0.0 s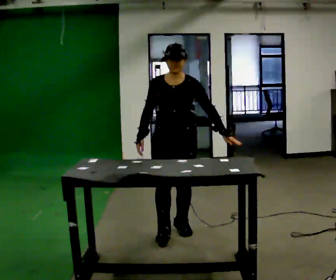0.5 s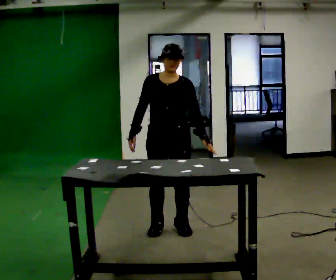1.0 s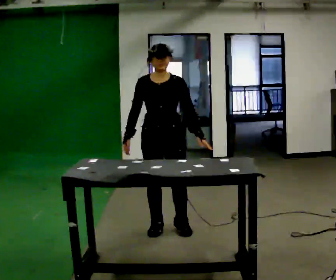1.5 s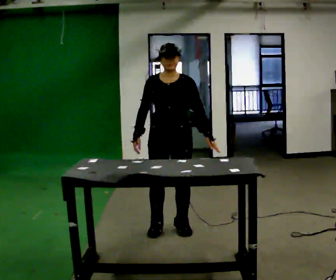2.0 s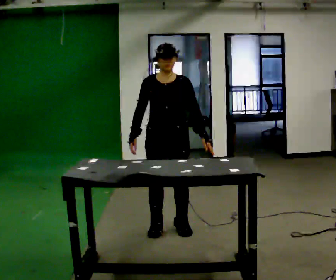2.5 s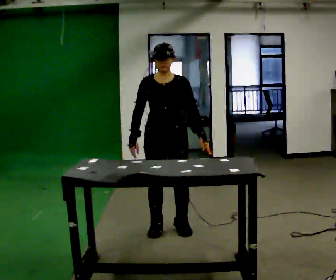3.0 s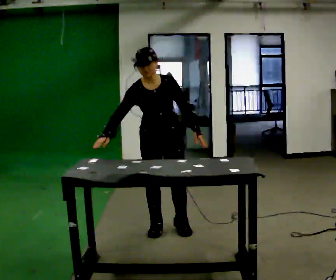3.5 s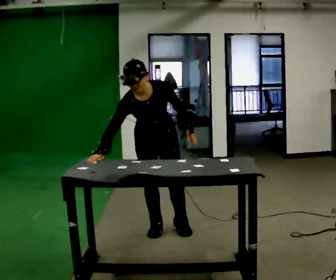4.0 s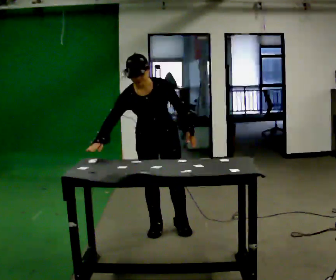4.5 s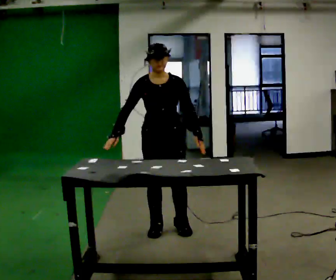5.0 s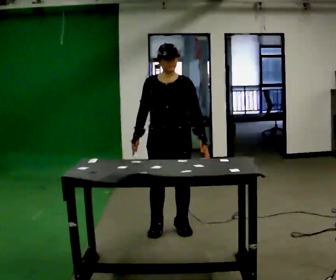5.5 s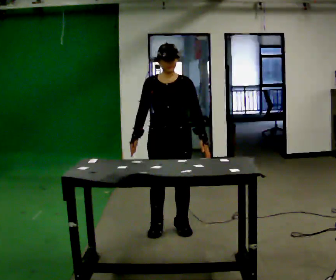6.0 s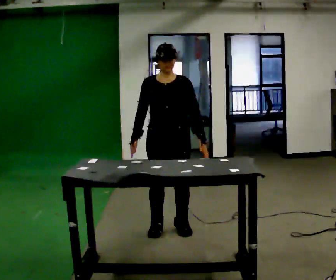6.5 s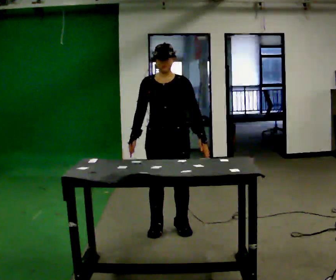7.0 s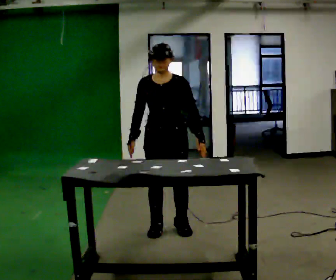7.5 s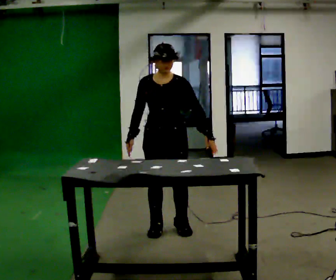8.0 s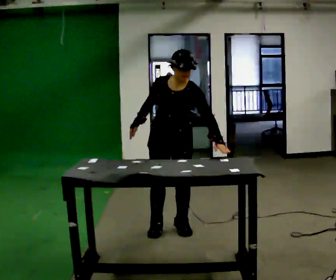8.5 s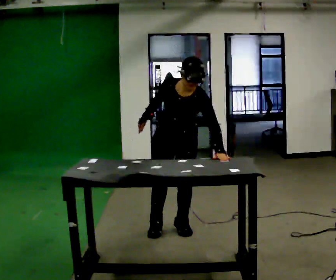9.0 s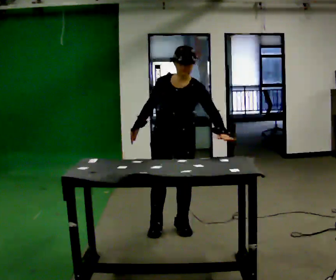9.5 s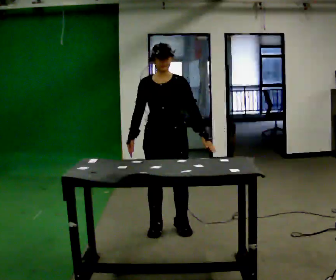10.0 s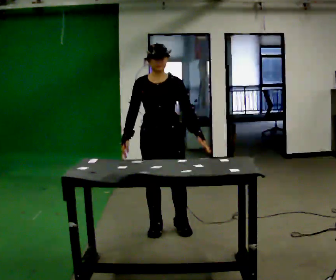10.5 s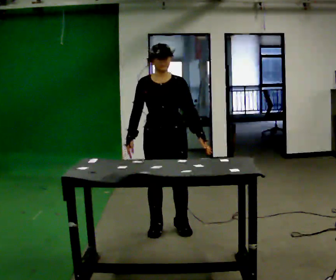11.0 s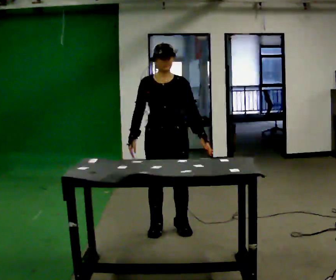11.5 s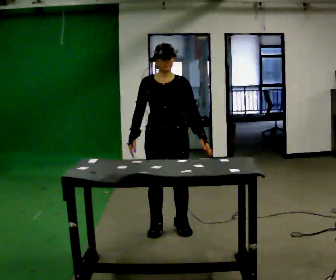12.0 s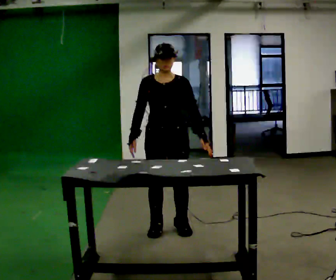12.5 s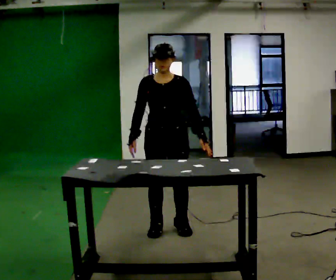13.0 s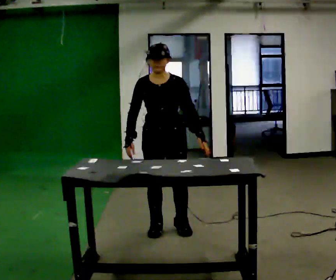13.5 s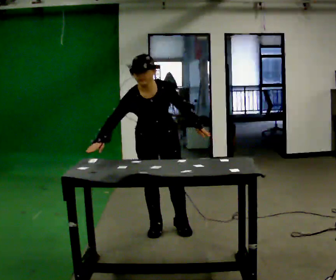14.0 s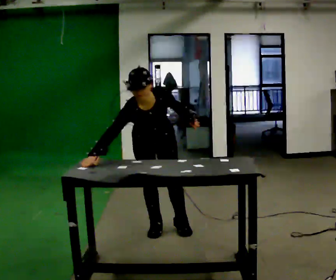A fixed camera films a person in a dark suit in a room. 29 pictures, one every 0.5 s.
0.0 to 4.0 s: In the picture they go to the left, about 0.25 m in 1 step, which for them is to their right. In the picture their right hand goes to the left.
4.0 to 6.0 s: The upper body tips away from the camera, its near side rolling upward, as they lean back or straighten.
6.0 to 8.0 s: The upper body tips toward the camera, its near side rolling downward, as they bend forward.
8.0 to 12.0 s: The person moves a little, or ends about where they began.
12.0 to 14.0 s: The upper body goes downward. The upper body tips toward the camera, its near side rolling downward, as they bend forward.
The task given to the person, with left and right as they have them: Touch each numbered target on the board in front of you in the order the operator calls. Keep both feet on the marked spots for the whole take. If you have to step, stop and tell the operator.
The film runs forward here.
